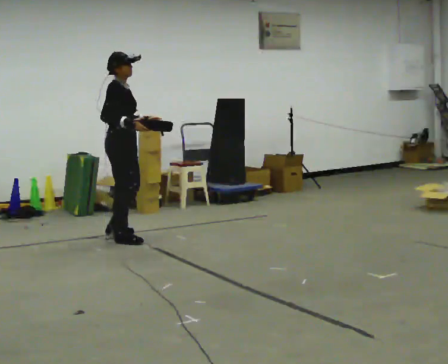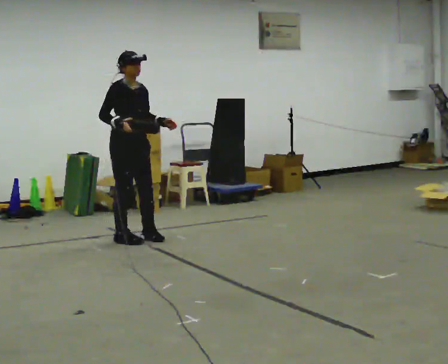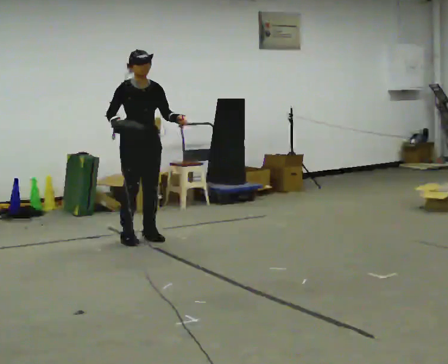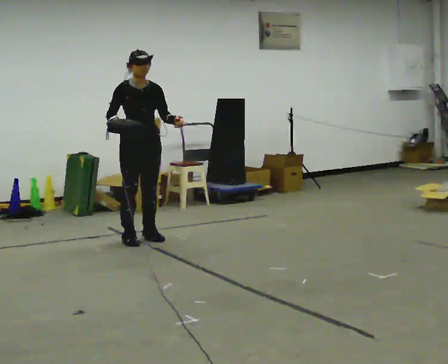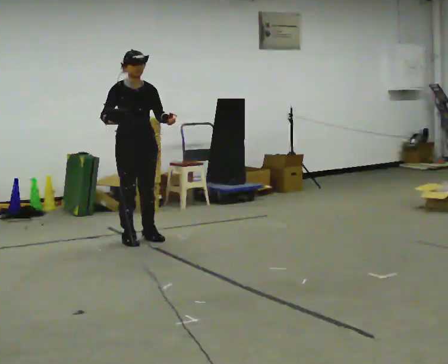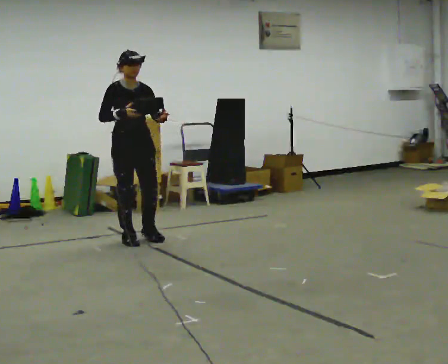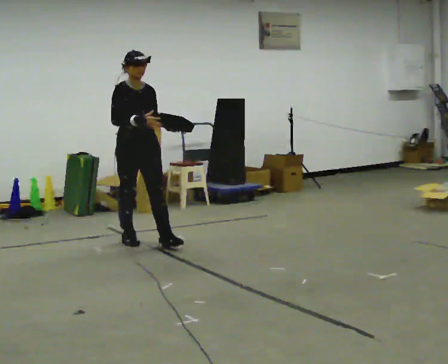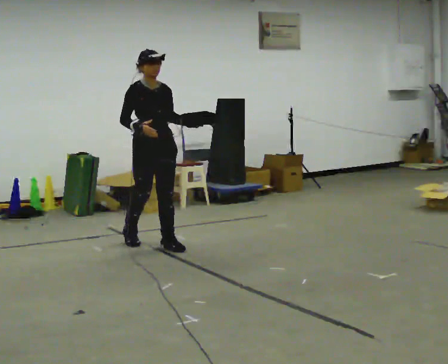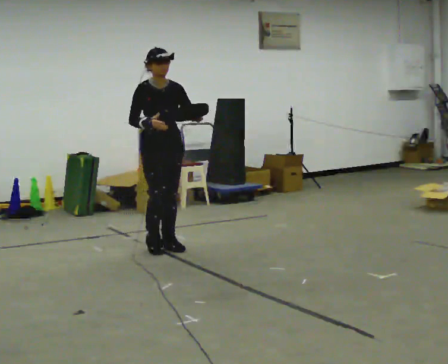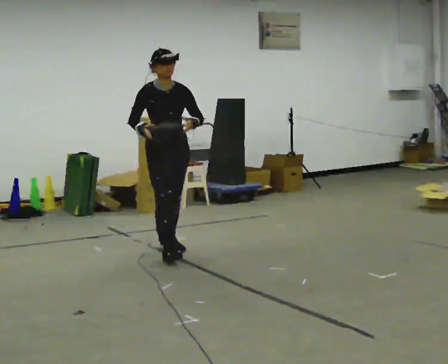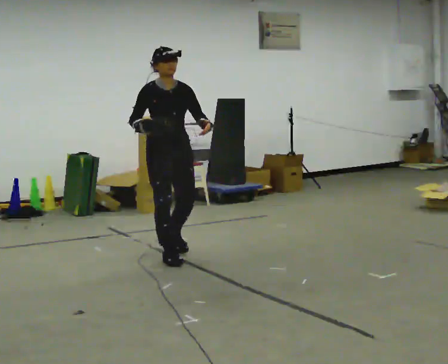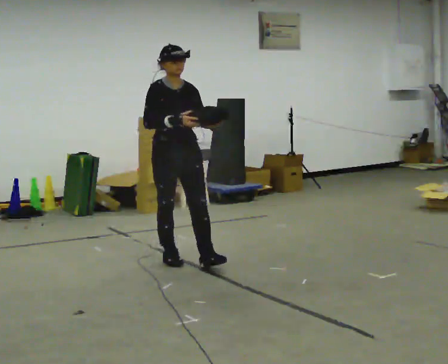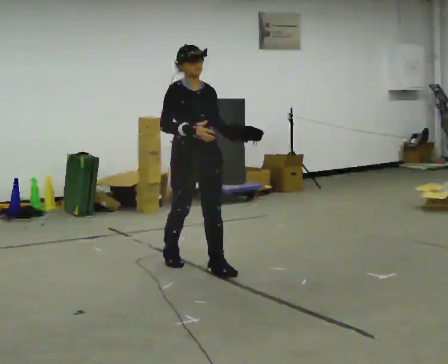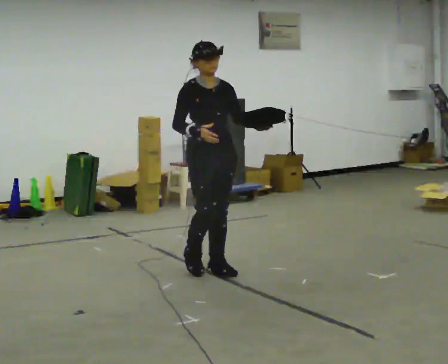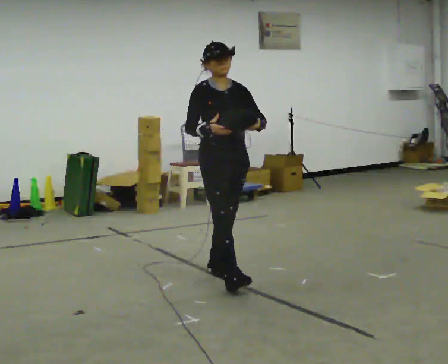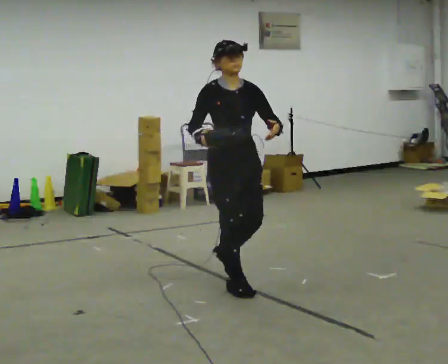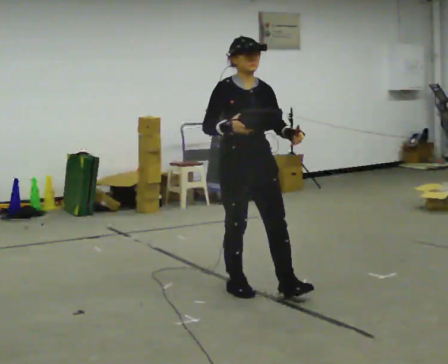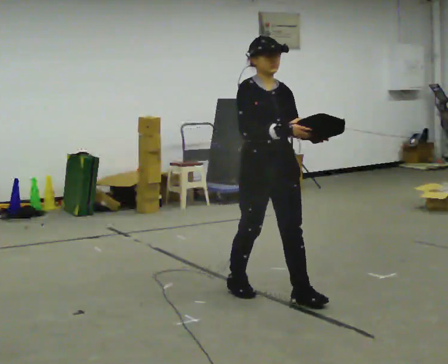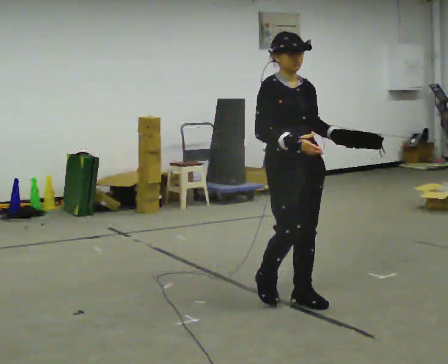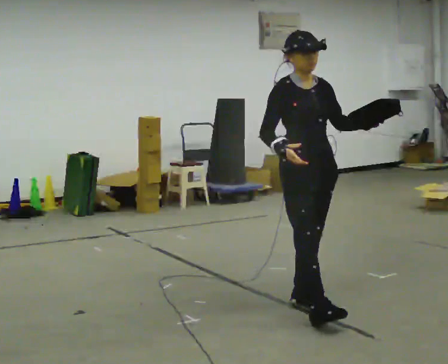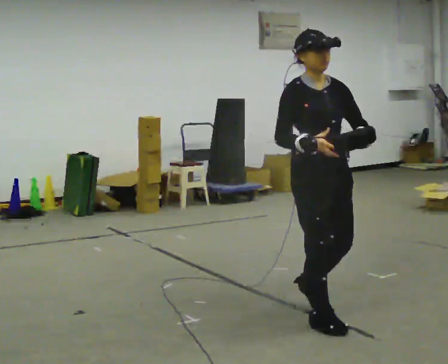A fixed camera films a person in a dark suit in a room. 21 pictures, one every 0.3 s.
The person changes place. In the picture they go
toward the camera.
0.0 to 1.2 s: Seen from above the body turns clockwise, about 60 degrees: to their right, with its near side sliding to the left.
1.2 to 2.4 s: In the picture they go toward the camera and to the right, about 0.25 m in 1 step, which for them is forward.
2.4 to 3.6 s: In the picture they go toward the camera and to the right, about 0.75 m in 2 steps, which for them is forward.
3.6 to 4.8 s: In the picture they go toward the camera and to the right, about 0.5 m in 1 step, which for them is forward.
4.8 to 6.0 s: In the picture they go toward the camera and to the right, about 0.75 m in 2 steps, which for them is forward.
The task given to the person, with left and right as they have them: Carry the object in one hand and, while walking, pass it to your other hand. Keep passing it back and forth as you walk.
The film runs forward here.
